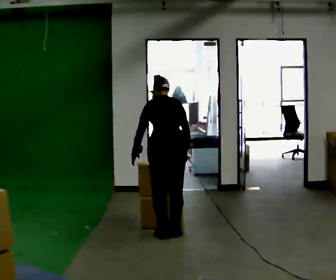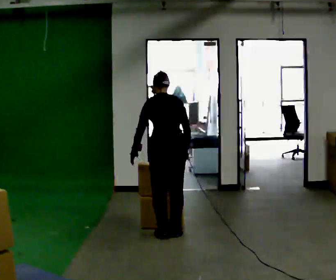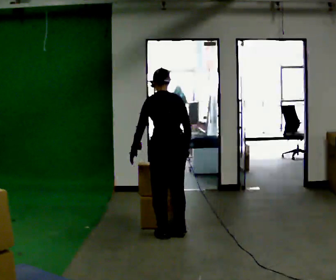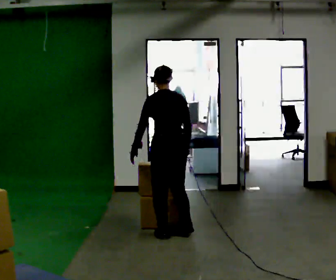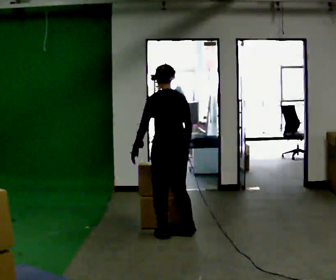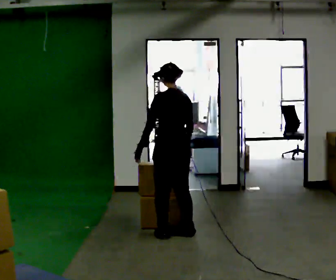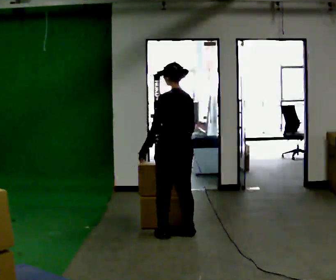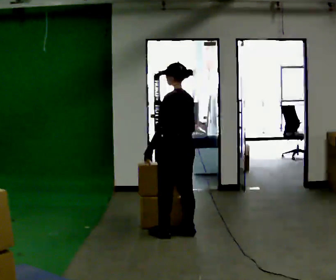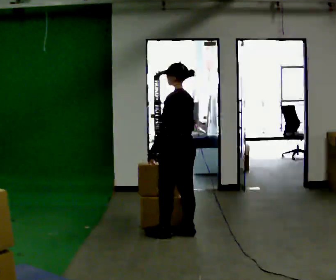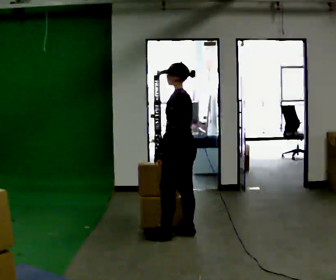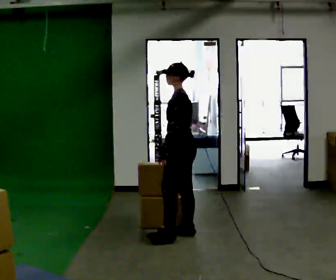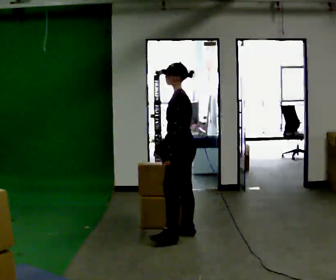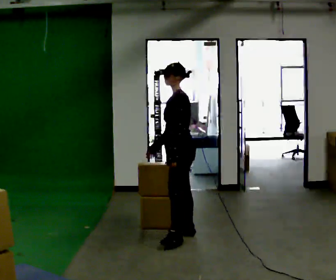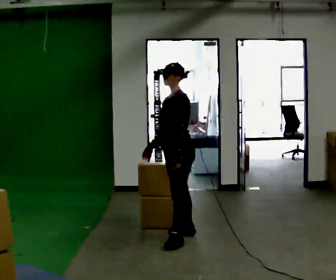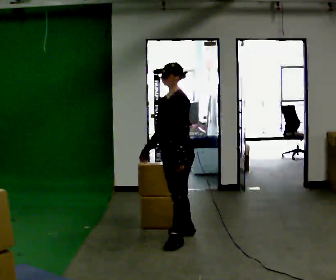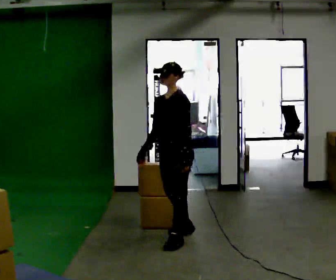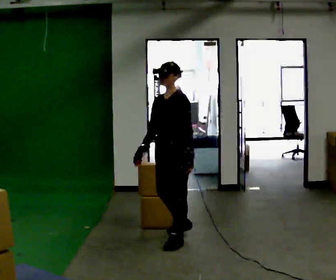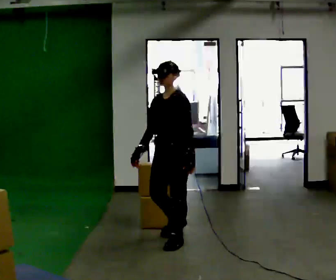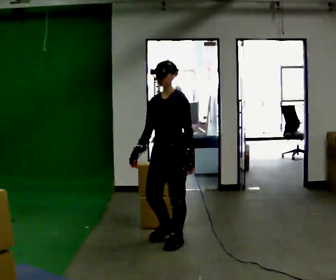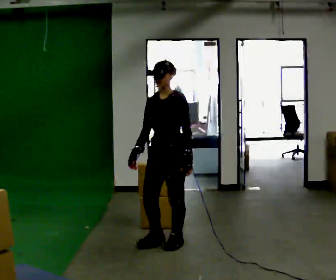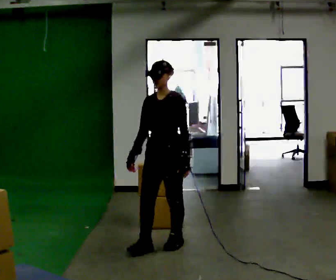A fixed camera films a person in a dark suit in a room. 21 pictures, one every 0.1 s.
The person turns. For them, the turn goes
to their left.
The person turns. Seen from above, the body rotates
counterclockwise.
0.0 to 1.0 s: The person turns about 75 degrees to their left, counterclockwise seen from above, so the part of the body nearest the lens slides to the right. The upper body tips toward the camera, its near side rolling downward, as they lean back or straighten. In the picture their left hand goes to the right.
1.0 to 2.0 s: Seen from above the body turns counterclockwise, about 60 degrees: to their left, with its near side sliding to the right. In the picture they go toward the camera, about 0.5 m in 1 step.
The film runs forward here.
